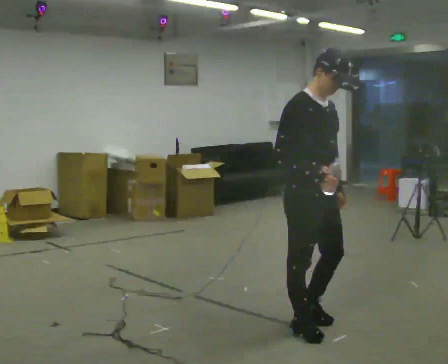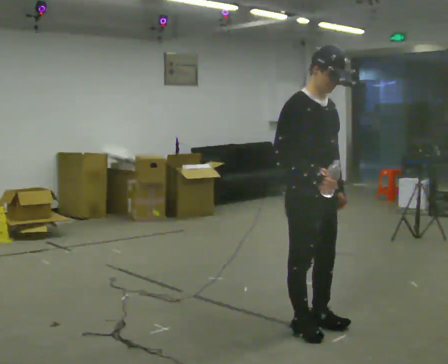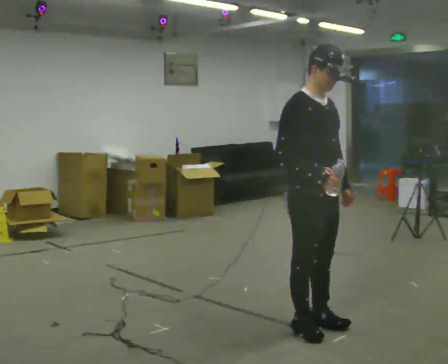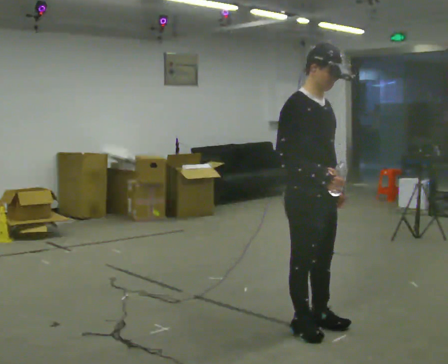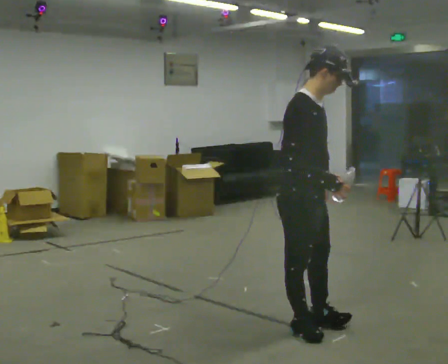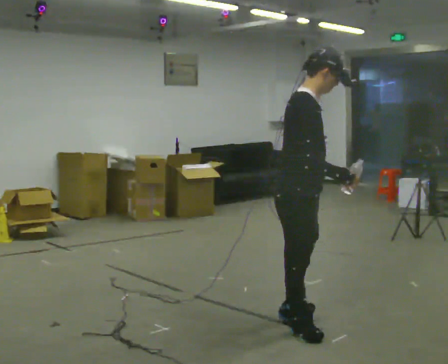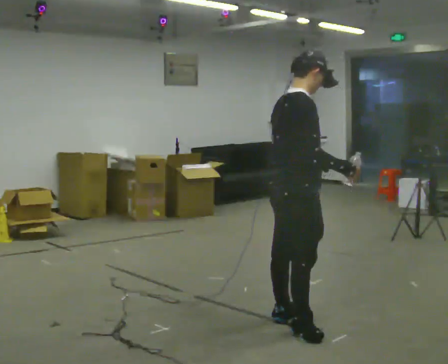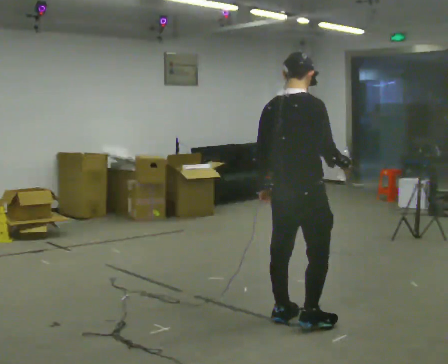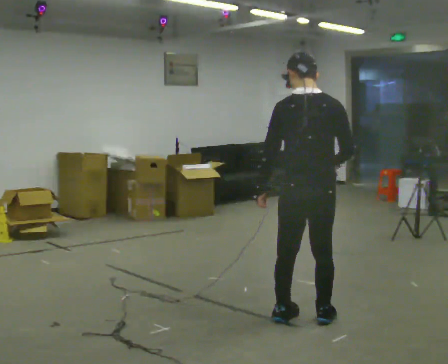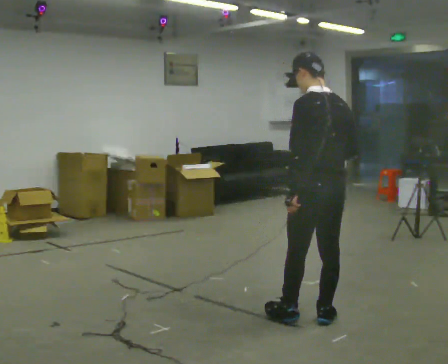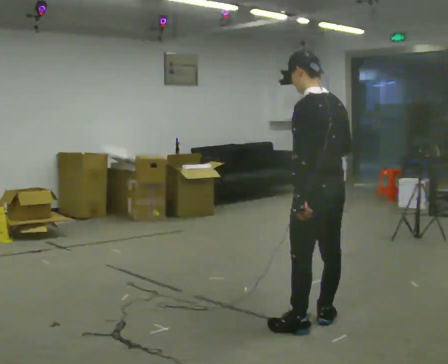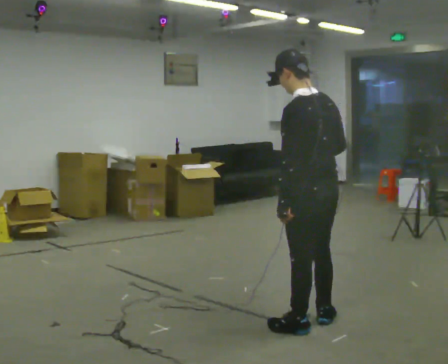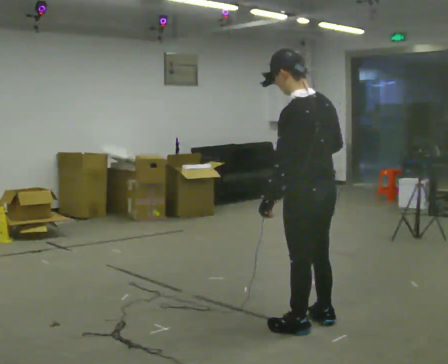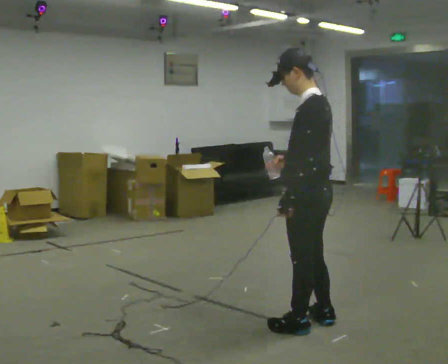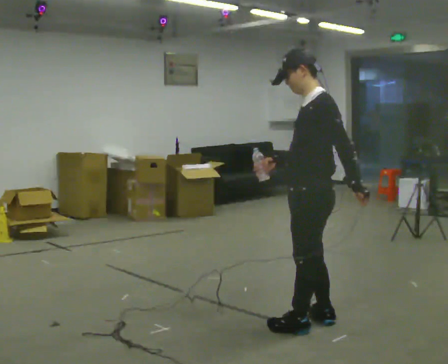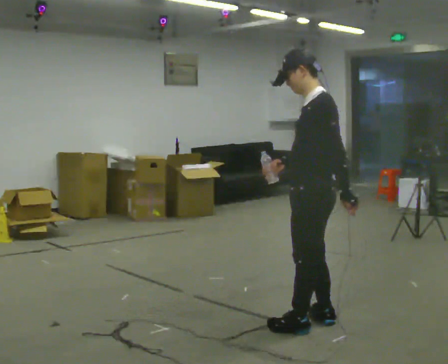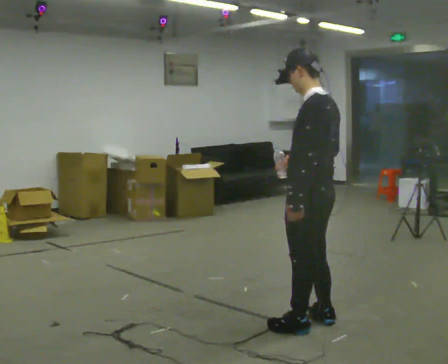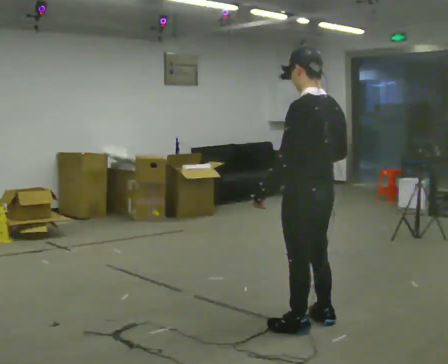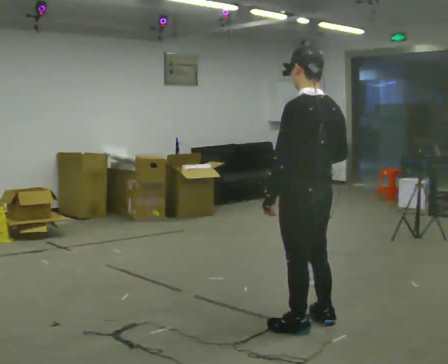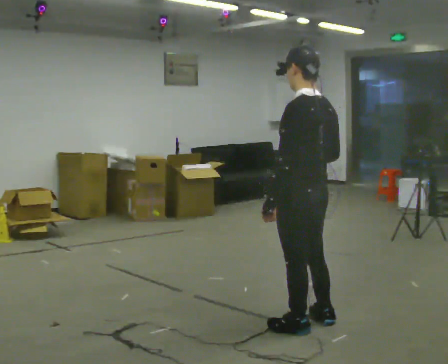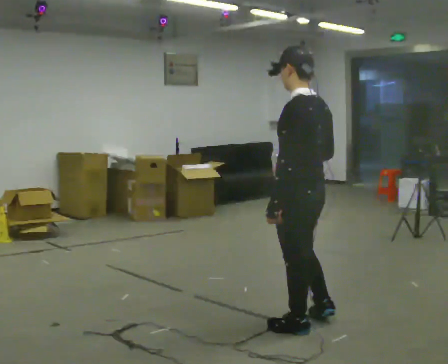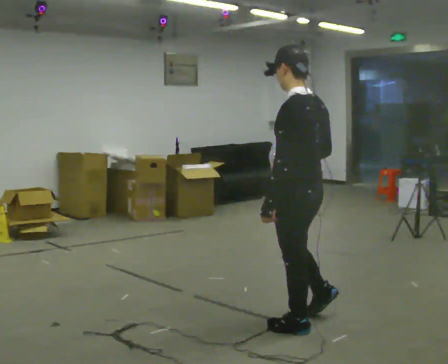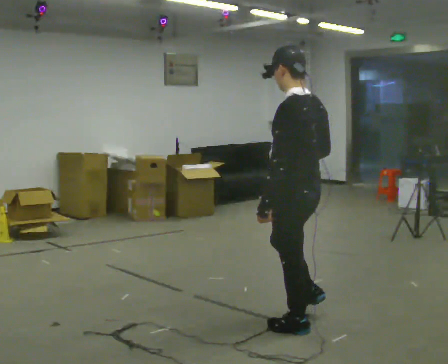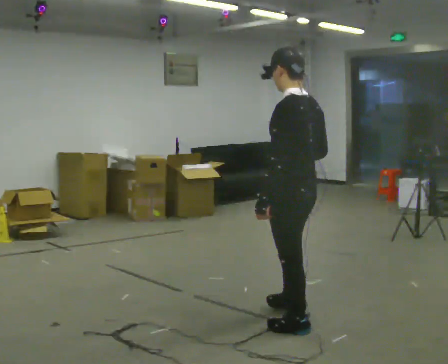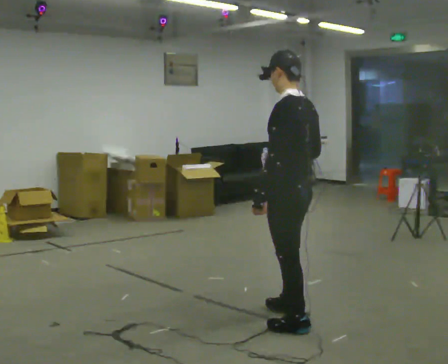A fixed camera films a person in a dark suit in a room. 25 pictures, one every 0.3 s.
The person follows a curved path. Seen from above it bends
counterclockwise.
0.0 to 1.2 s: The person moves a little, or ends about where they began.
1.2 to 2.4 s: The part of the body nearest the lens slides to the right as the person turns to their left by about 105 degrees. In the picture they go away from the camera, about 0.25 m in 2 steps. In the picture their left hand goes to the left.
2.4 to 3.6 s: Seen from above the body turns counterclockwise, about 45 degrees: to their left, with its near side sliding to the right.
3.6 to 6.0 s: The person moves a little, or ends about where they began.
6.0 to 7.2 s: In the picture they go away from the camera, about 0.25 m in 1 step, which for them is forward and to their right.
The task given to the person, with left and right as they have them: Carry the open container of water across the room without spilling it, back and forth.
The film runs forward here.
